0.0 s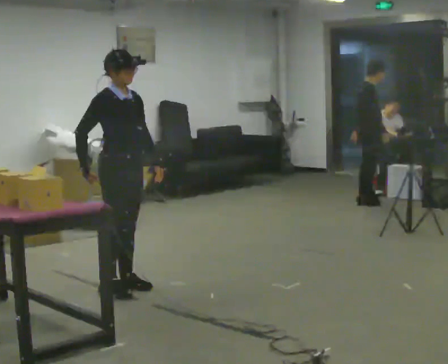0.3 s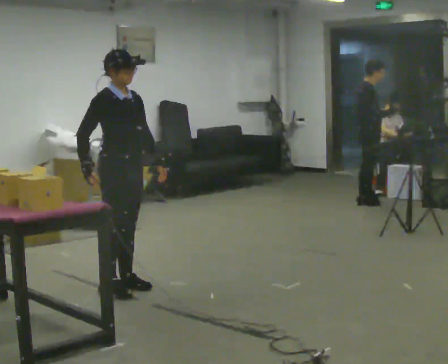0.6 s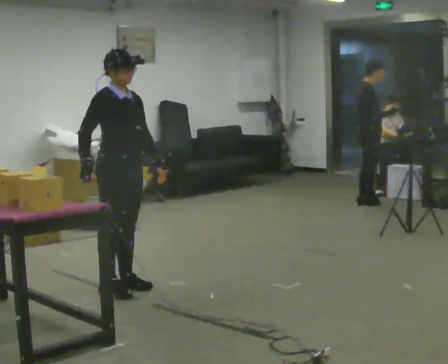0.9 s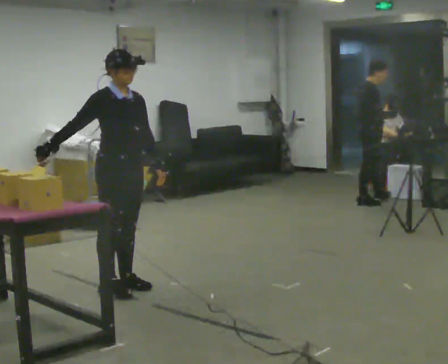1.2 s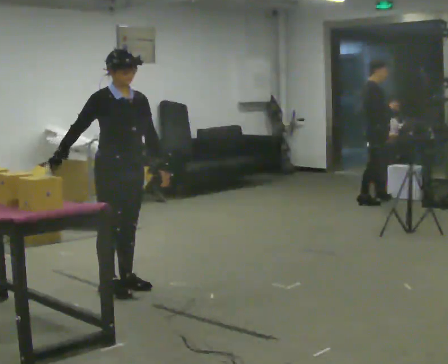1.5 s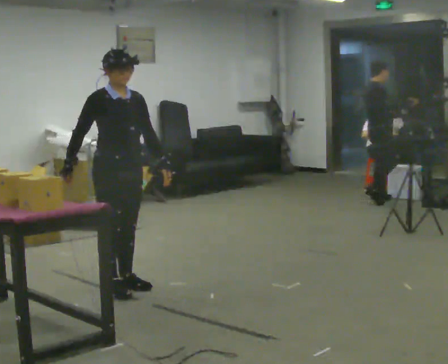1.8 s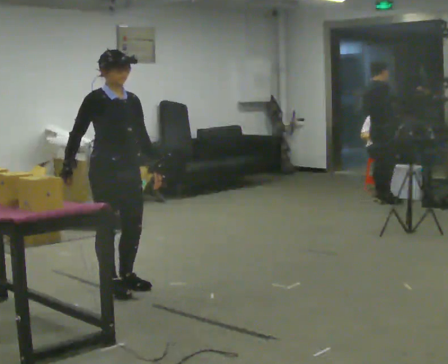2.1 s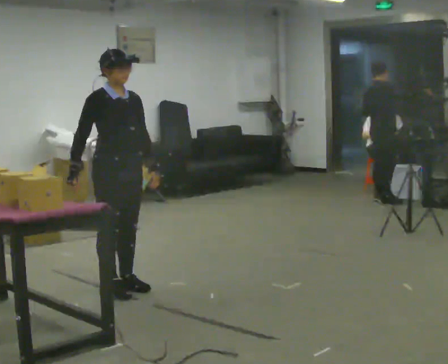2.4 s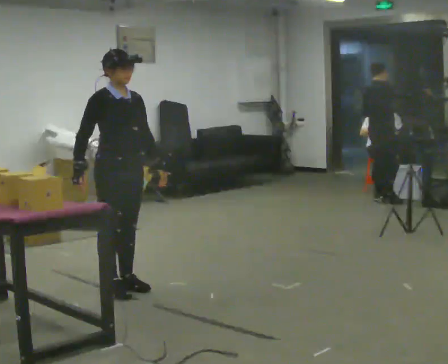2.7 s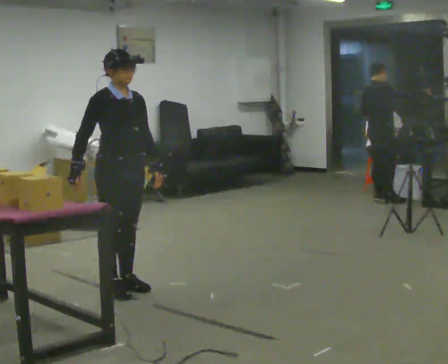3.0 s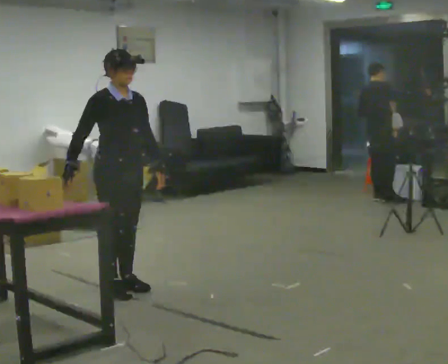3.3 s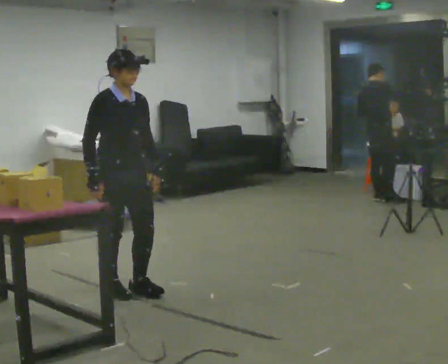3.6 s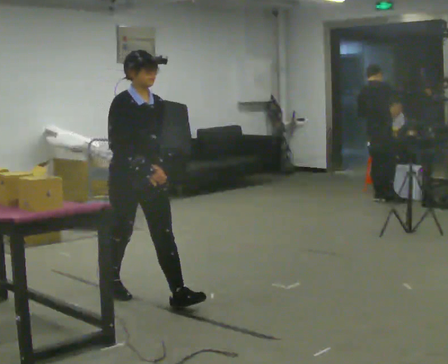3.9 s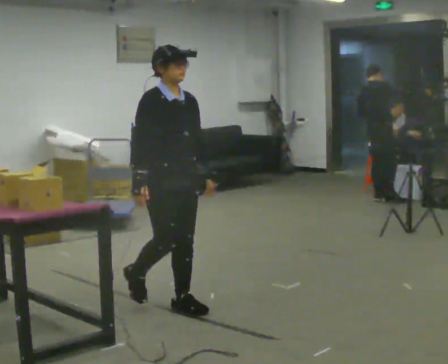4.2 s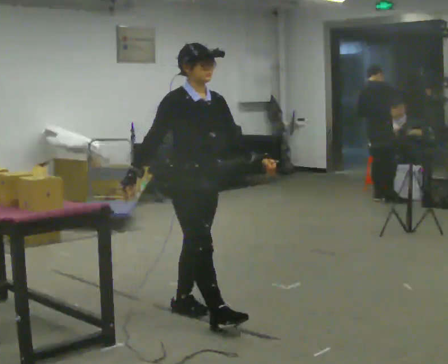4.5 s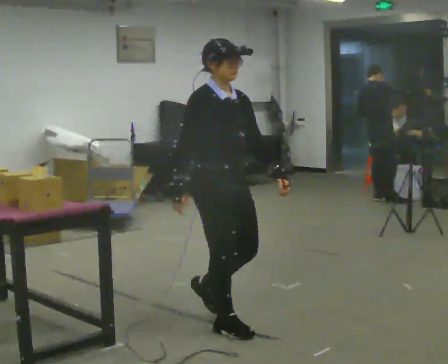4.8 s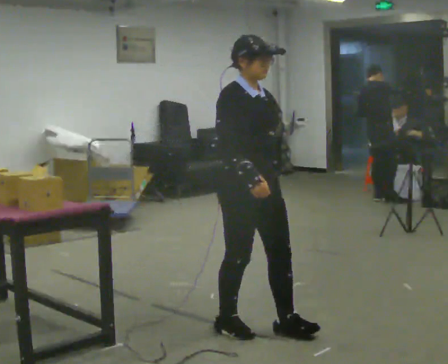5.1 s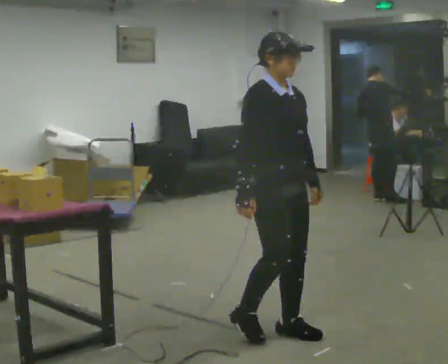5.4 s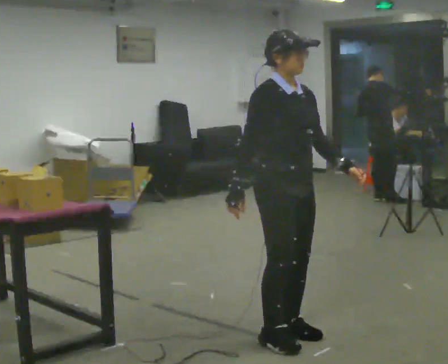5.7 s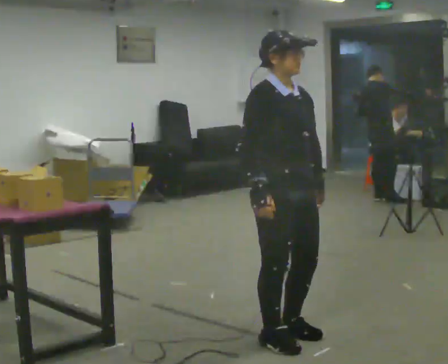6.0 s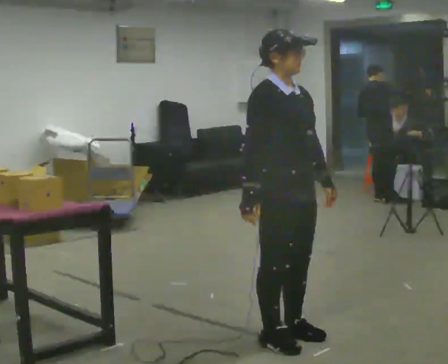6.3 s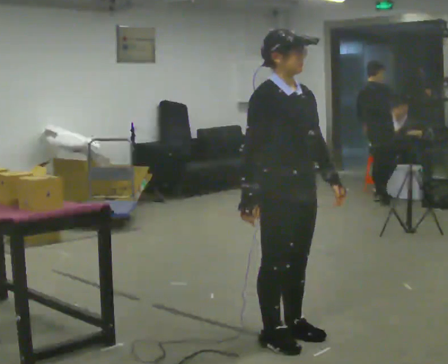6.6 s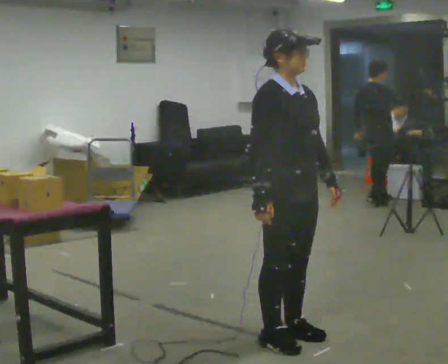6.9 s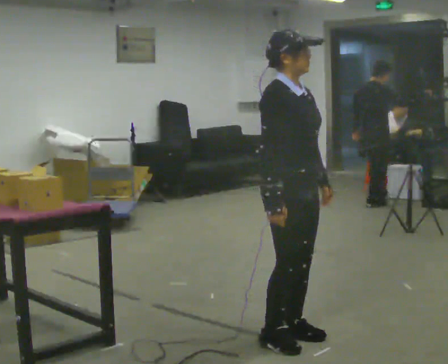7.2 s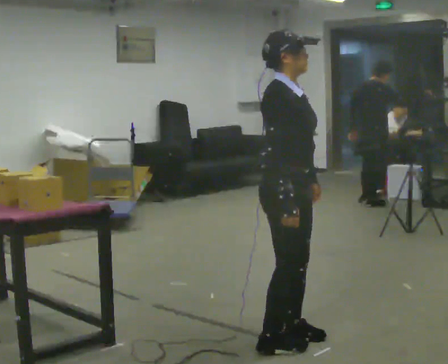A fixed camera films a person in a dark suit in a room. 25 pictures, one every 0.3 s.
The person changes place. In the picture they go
toward the camera.
0.0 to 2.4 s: The person moves a little, or ends about where they began.
2.4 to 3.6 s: In the picture they go toward the camera, about 0.25 m in 1 step, which for them is forward.
3.6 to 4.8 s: In the picture they go toward the camera and to the right, about 1 m in 1 step, which for them is forward.
4.8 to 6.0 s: In the picture they go toward the camera, about 0.25 m in 2 steps, which for them is forward.
6.0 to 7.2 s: The person moves a little, or ends about where they began.
The film runs forward here.
